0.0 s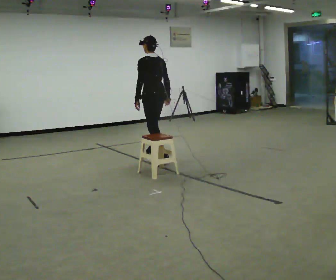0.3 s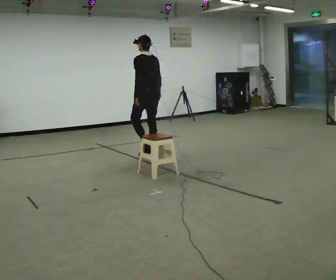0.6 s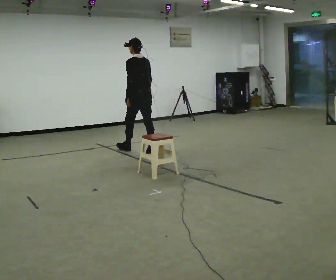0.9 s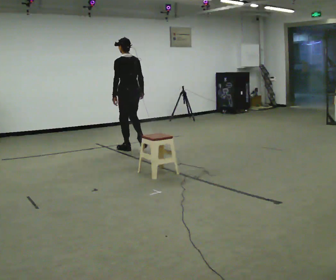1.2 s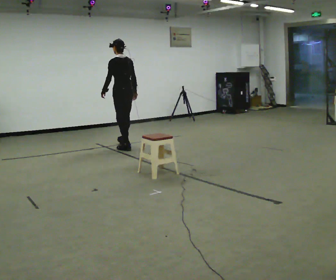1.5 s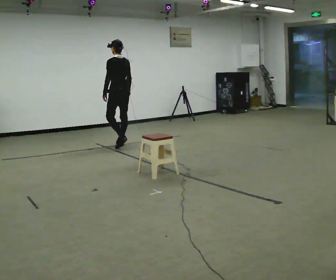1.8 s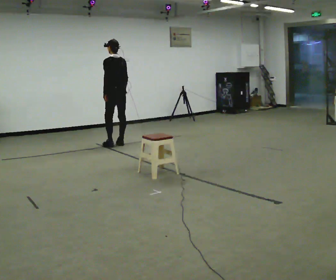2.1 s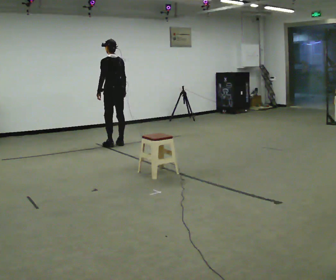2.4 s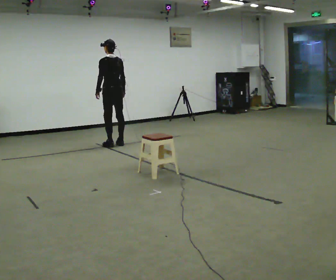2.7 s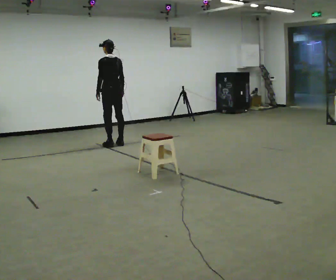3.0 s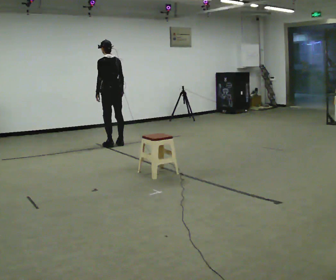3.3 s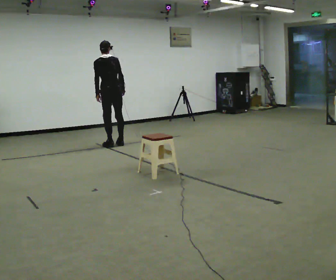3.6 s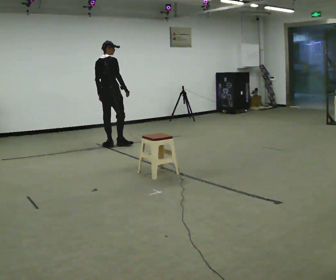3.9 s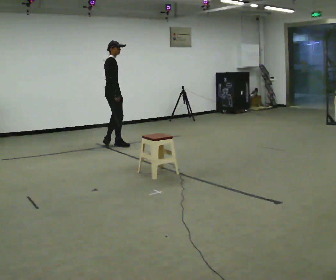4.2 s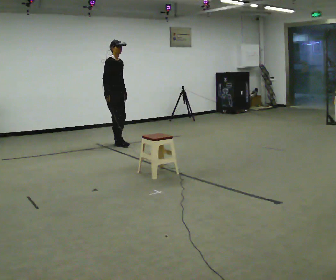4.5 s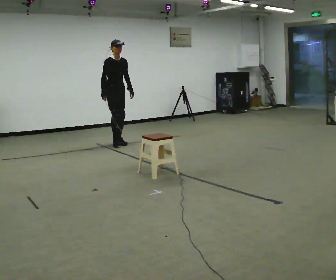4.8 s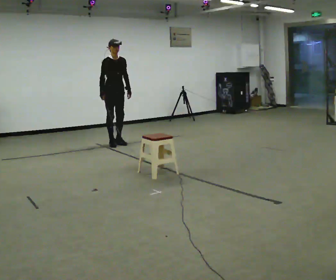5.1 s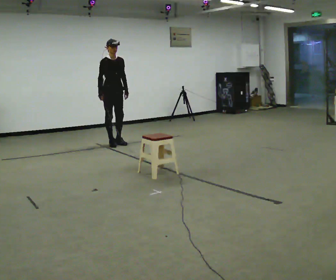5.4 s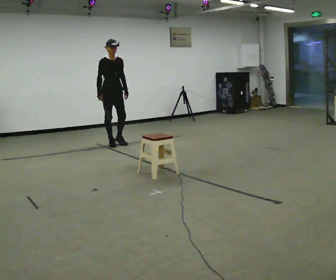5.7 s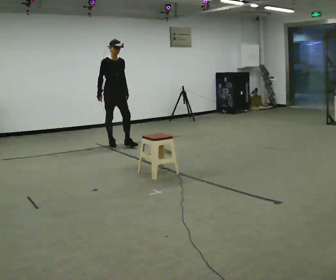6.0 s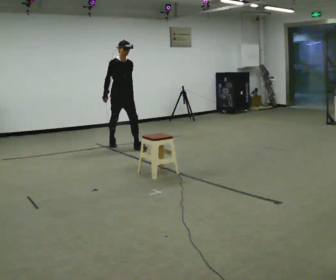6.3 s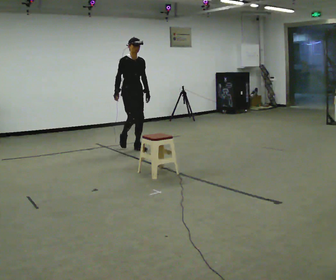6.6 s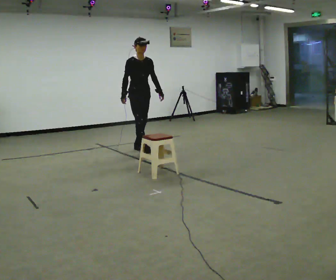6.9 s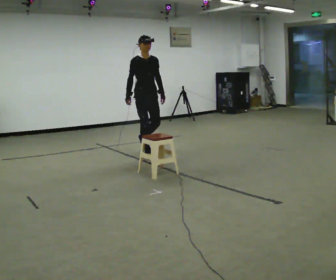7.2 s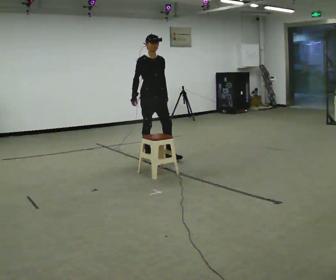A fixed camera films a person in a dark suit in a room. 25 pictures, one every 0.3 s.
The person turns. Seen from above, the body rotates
clockwise.
The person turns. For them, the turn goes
to their right.
0.0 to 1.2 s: In the picture they go away from the camera and to the left, about 1 m in 1 step, which for them is forward.
1.2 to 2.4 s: In the picture they go away from the camera and to the left, about 0.25 m in 2 steps, which for them is forward.
2.4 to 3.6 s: The person turns about 60 degrees to their right, clockwise seen from above, so the part of the body nearest the lens slides to the left.
3.6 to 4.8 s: The part of the body nearest the lens slides to the left as the person turns to their right by about 120 degrees. In the picture their right hand goes to the left, the arm swinging clockwise.
4.8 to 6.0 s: In the picture they go toward the camera, about 0.25 m in 1 step, which for them is forward.
6.0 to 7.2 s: In the picture they go toward the camera and to the right, about 1 m in 1 step, which for them is forward.
The film runs forward here.
